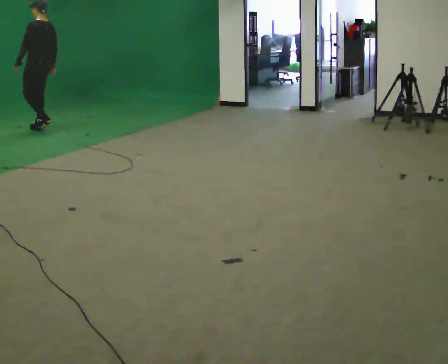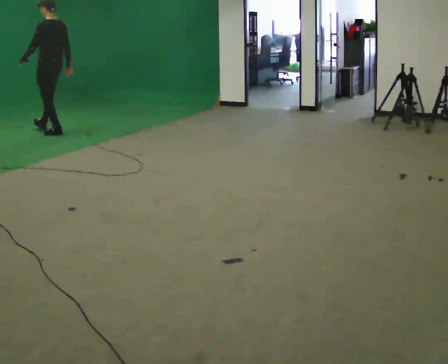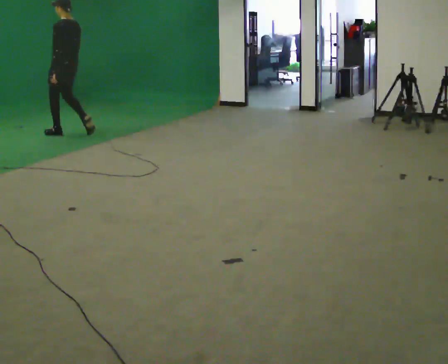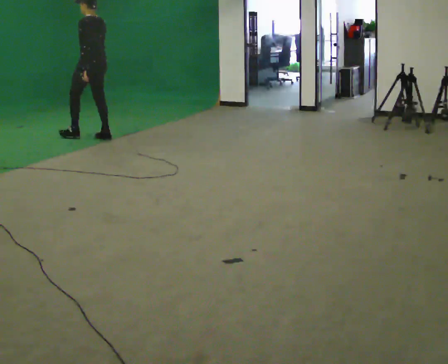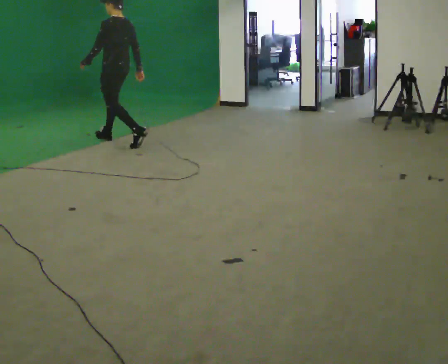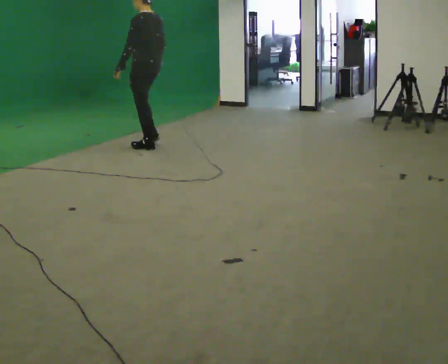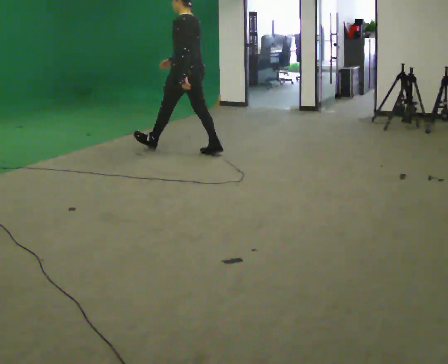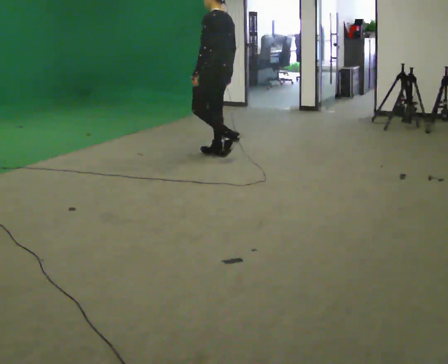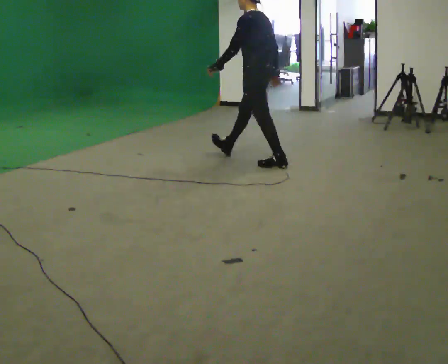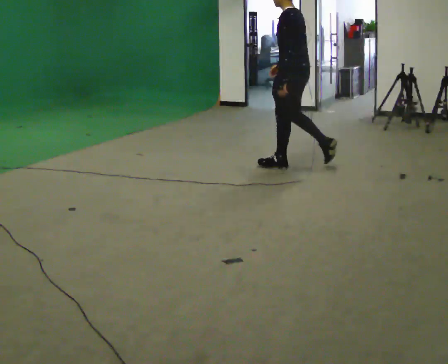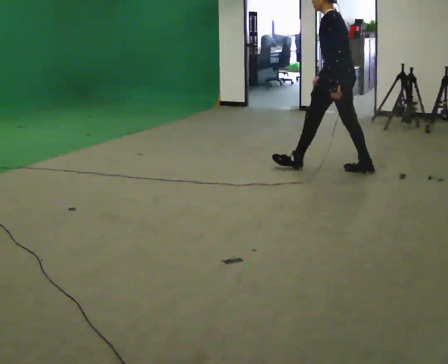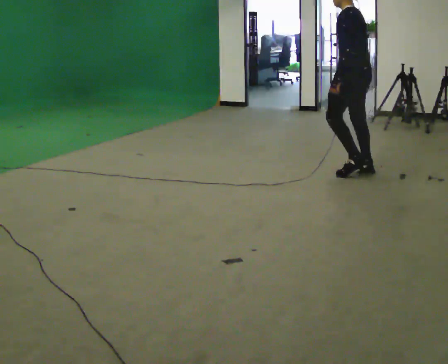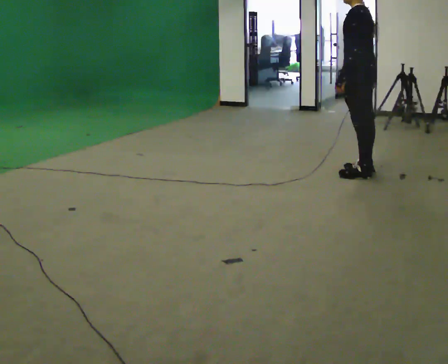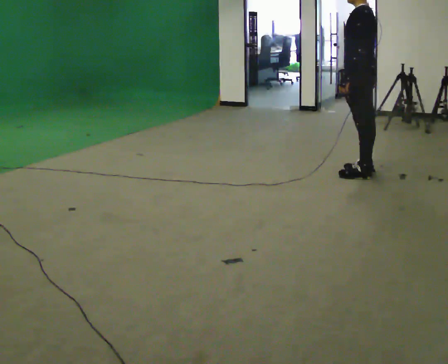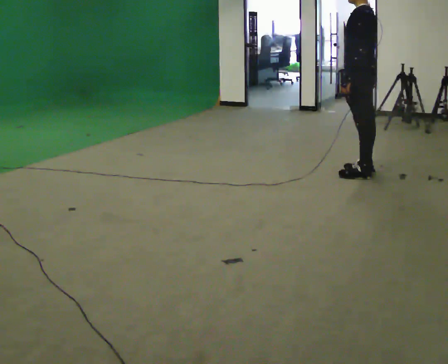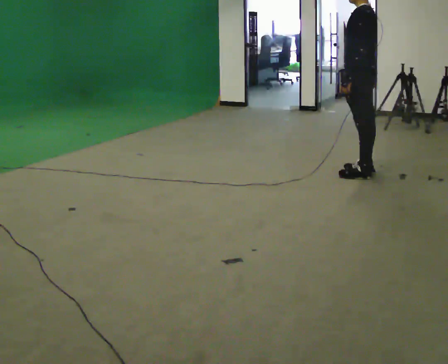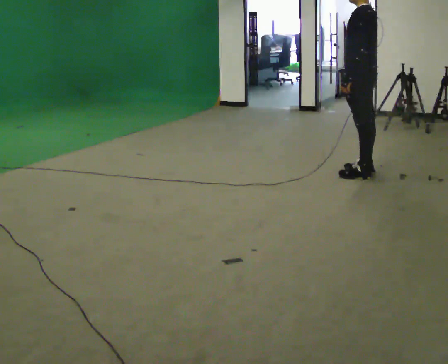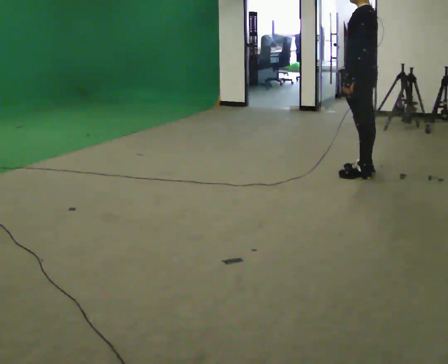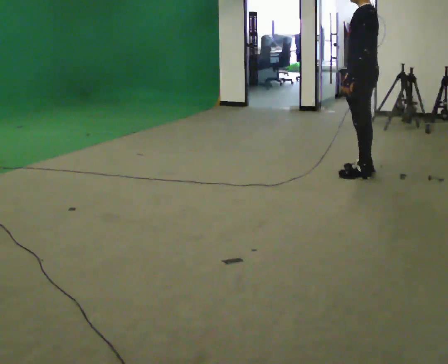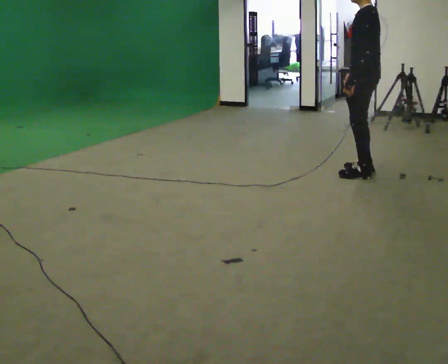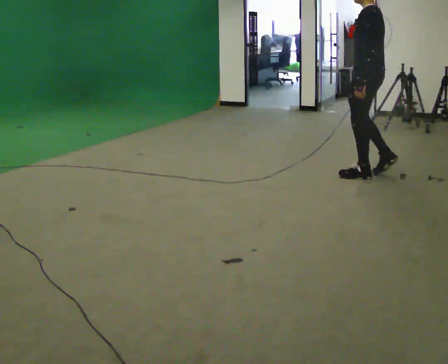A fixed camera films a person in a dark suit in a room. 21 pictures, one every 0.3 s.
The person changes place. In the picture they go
to the right.
0.0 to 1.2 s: In the picture they go to the right, about 1.5 m in 2 steps, which for them is backward.
1.2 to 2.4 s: In the picture they go to the right, about 2 m in 3 steps, which for them is backward.
2.4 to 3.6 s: In the picture they go to the right, about 1 m in 1 step, which for them is backward.
3.6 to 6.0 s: The person moves a little, or ends about where they began.
The film runs backward here.
